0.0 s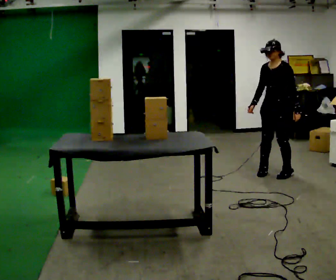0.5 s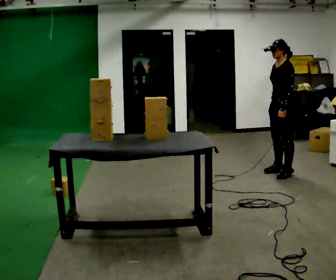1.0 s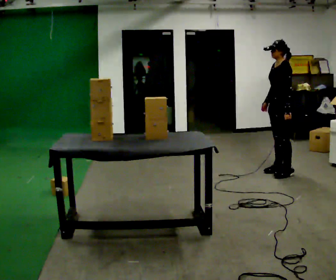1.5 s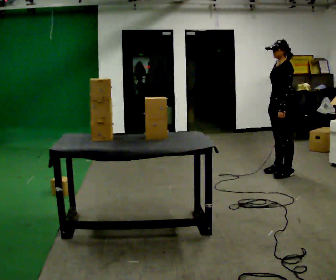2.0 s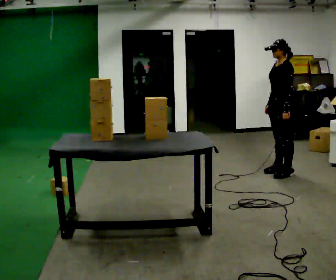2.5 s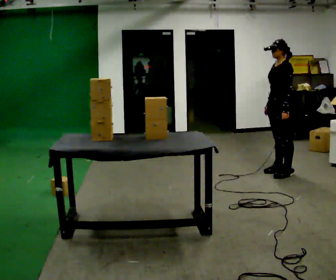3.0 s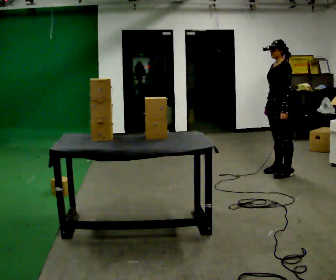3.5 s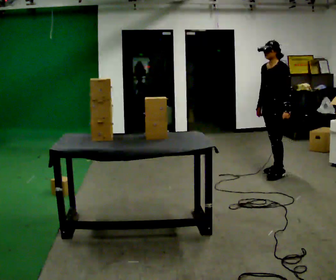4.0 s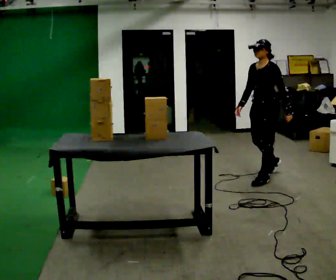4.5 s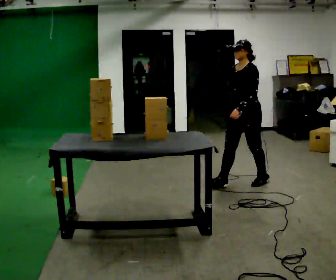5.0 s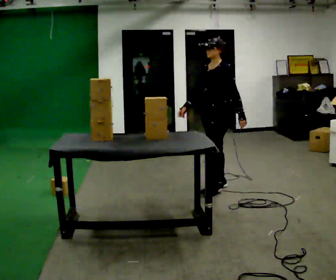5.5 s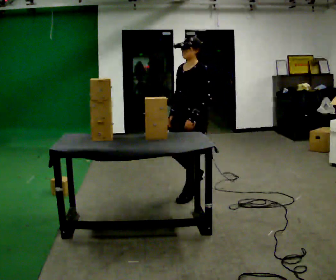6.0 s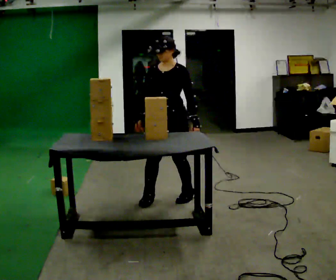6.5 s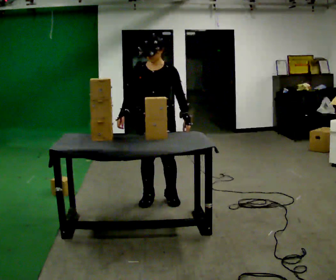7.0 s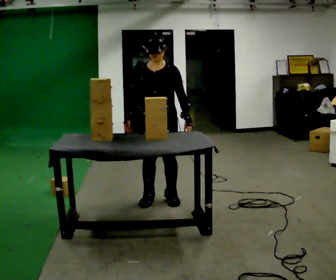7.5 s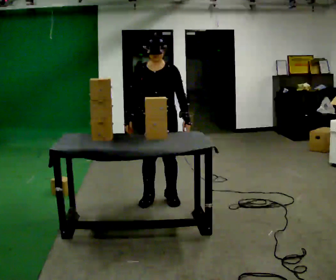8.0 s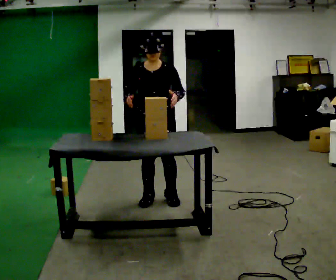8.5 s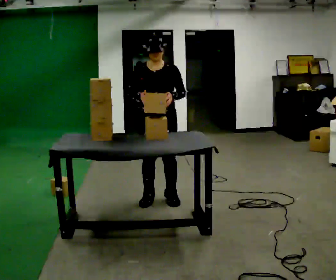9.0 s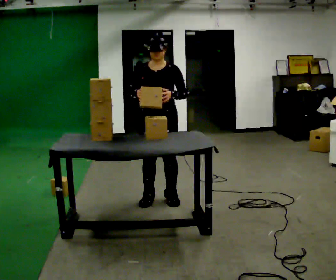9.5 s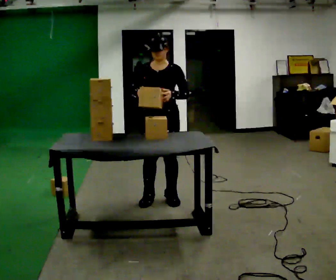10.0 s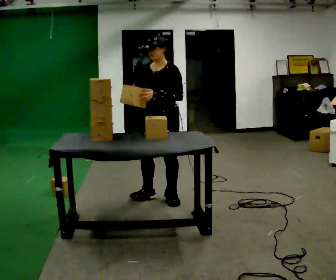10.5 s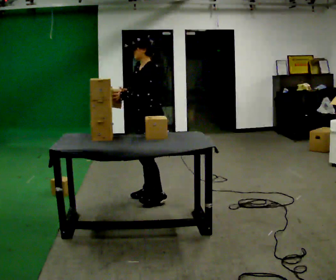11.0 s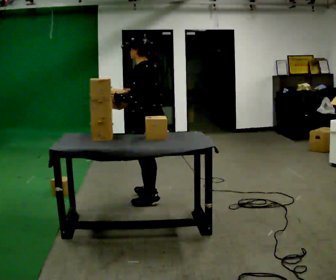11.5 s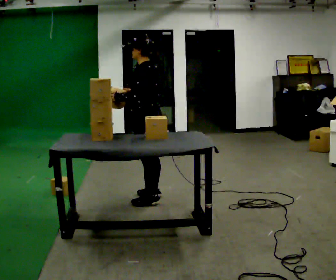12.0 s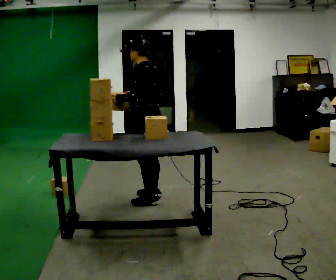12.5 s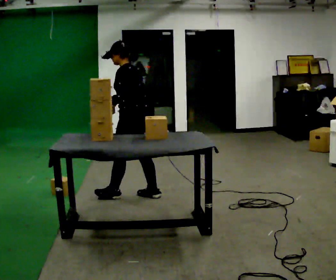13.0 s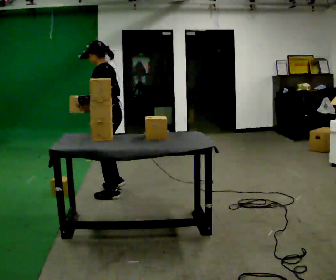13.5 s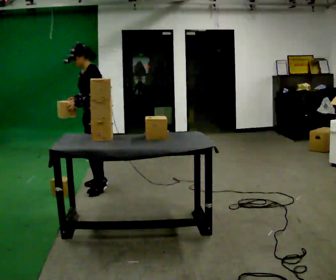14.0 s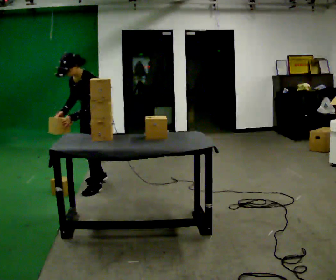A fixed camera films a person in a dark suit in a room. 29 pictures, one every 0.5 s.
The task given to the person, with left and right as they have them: Take boxes off the top of the stack one at a time and carry them away, walking back for each one. Keep going until the operator says stop; one object at a time, and do not rush between trips.
0.0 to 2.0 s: The part of the body nearest the lens slides to the left as the person turns to their right by about 30 degrees.
2.0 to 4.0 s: In the picture they go to the left, about 0.25 m in 1 step, which for them is forward and to their left.
4.0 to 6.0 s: The part of the body nearest the lens slides to the right as the person turns to their left by about 45 degrees. In the picture they go to the left and toward the camera, about 1 m in 3 steps, which for them is forward.
6.0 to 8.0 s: The person moves a little, or ends about where they began.
8.0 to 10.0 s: The person turns about 30 degrees to their right, clockwise seen from above, so the part of the body nearest the lens slides to the left.
10.0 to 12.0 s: The person turns about 75 degrees to their right, clockwise seen from above, so the part of the body nearest the lens slides to the left.
12.0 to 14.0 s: The person turns about 60 degrees to their left, counterclockwise seen from above, so the part of the body nearest the lens slides to the right. In the picture they go to the left and away from the camera, about 0.75 m in 3 steps. The upper body tips toward the camera, its near side rolling downward, as they bend forward.
The film runs forward here.
